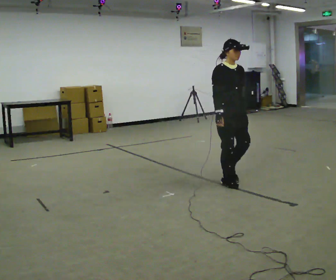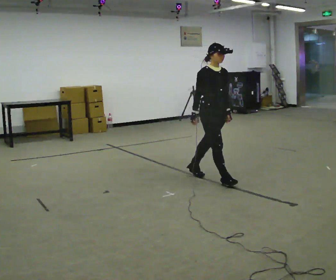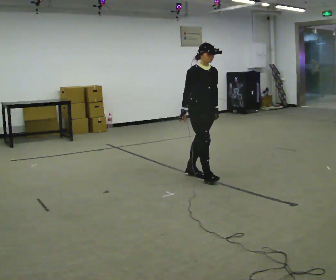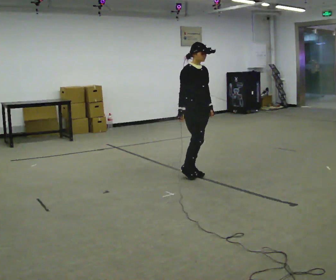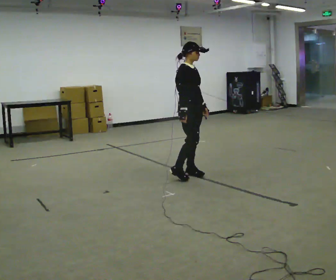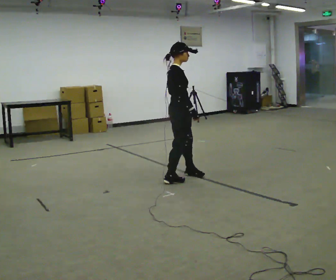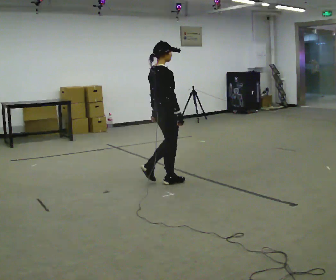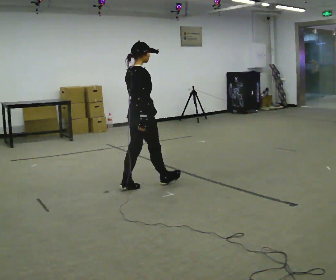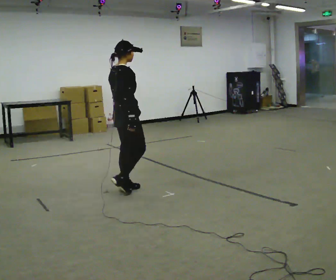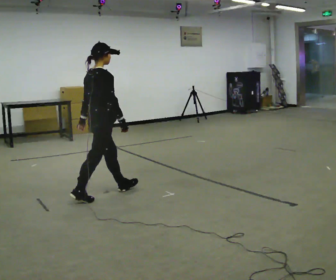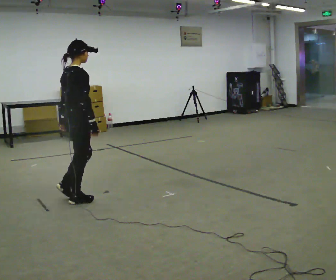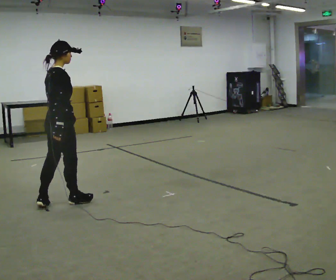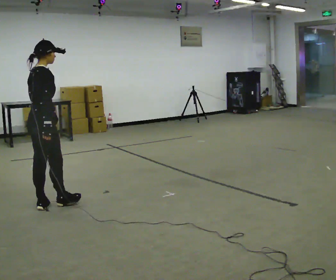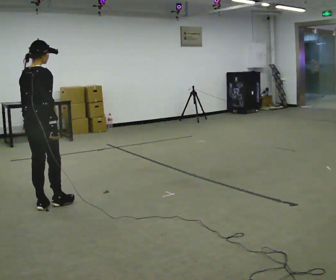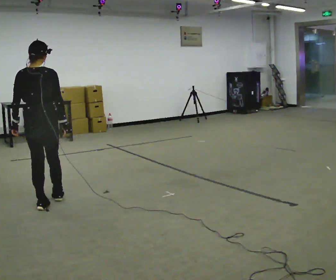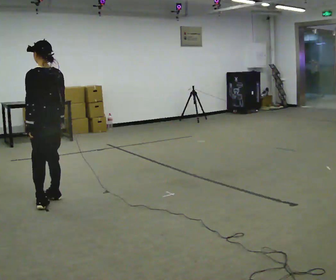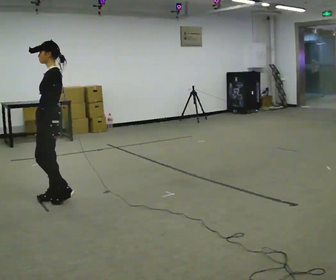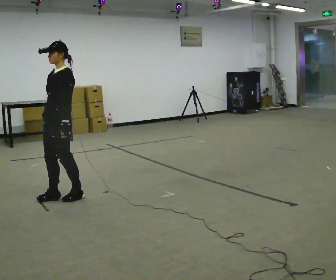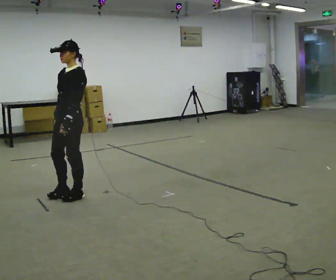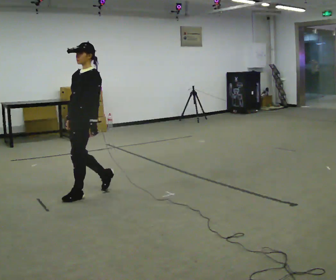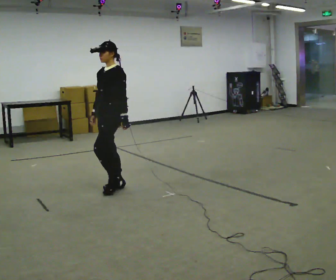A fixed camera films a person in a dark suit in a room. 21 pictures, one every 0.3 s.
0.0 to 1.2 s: The person turns about 30 degrees to their left, counterclockwise seen from above, so the part of the body nearest the lens slides to the right. In the picture they go away from the camera and to the left, about 0.5 m in 2 steps, which for them is backward.
1.2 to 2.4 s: Seen from above the body turns counterclockwise, about 60 degrees: to their left, with its near side sliding to the right. In the picture they go to the left and toward the camera, about 1 m in 2 steps, which for them is backward.
2.4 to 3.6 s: In the picture they go to the left and toward the camera, about 1 m in 1 step, which for them is backward.
3.6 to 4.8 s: The part of the body nearest the lens slides to the right as the person turns to their left by about 150 degrees. In the picture they go away from the camera, about 0.25 m in 2 steps.
4.8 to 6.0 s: In the picture they go to the right and away from the camera, about 0.5 m in 2 steps, which for them is backward.
The film runs backward here.
